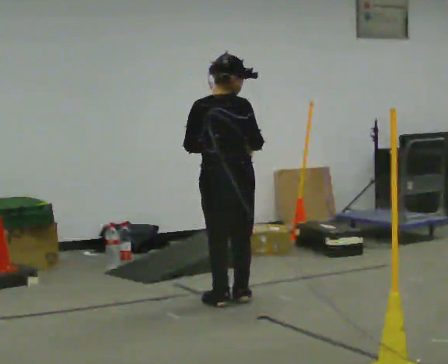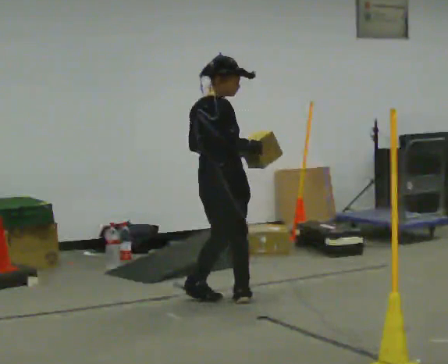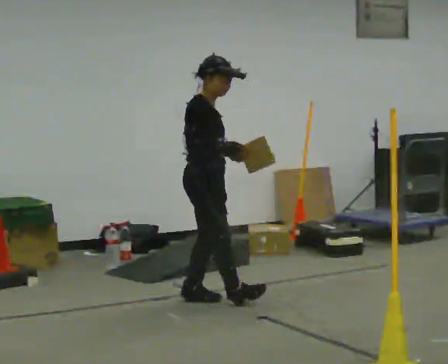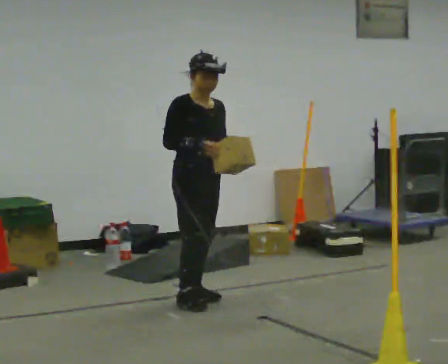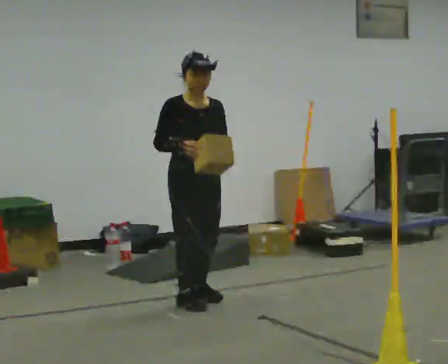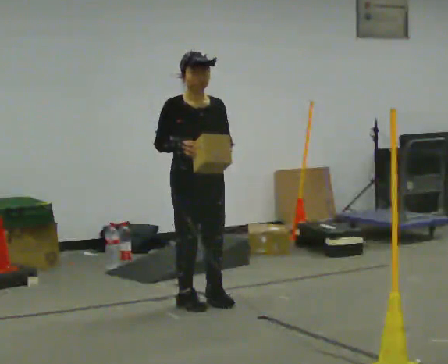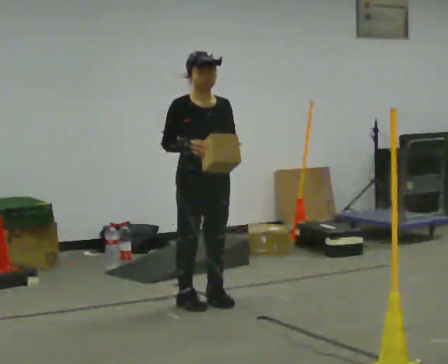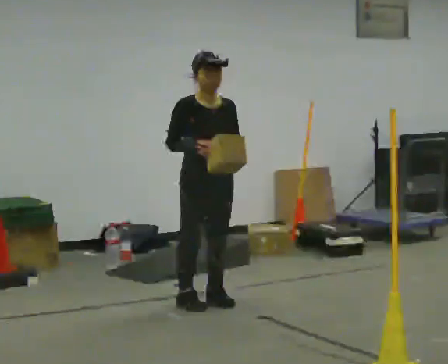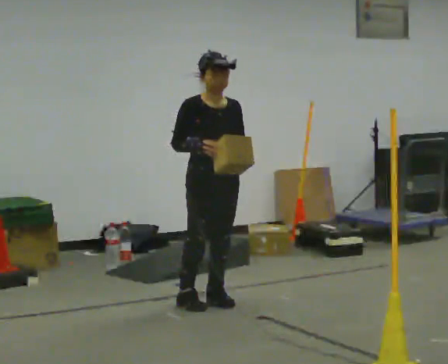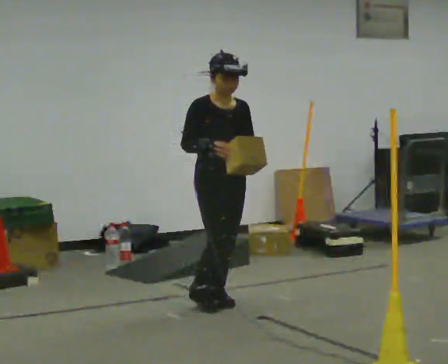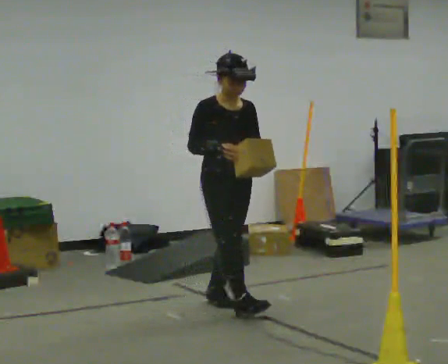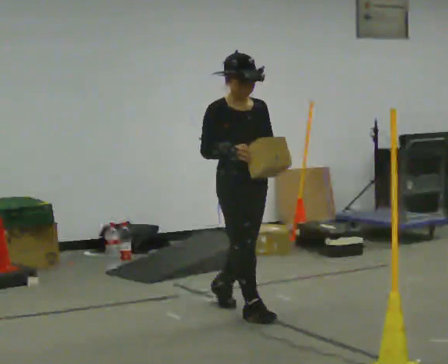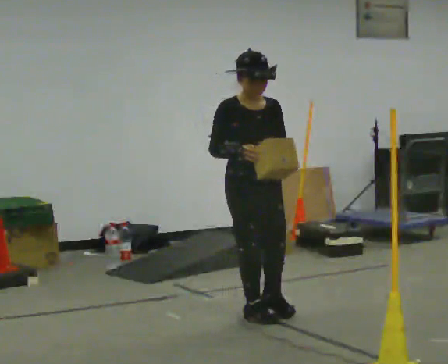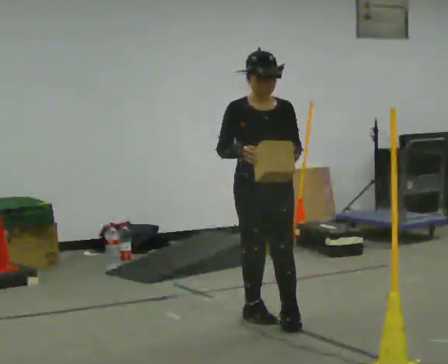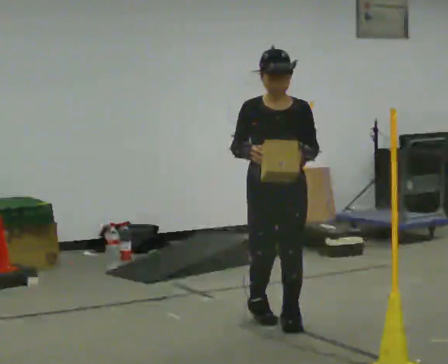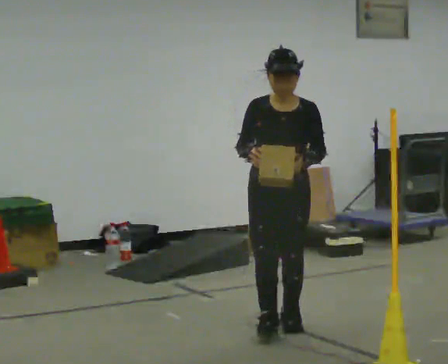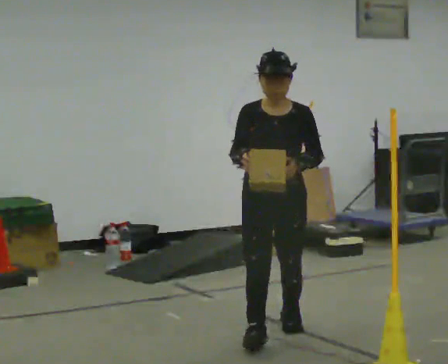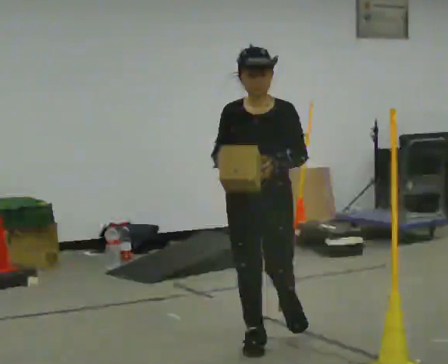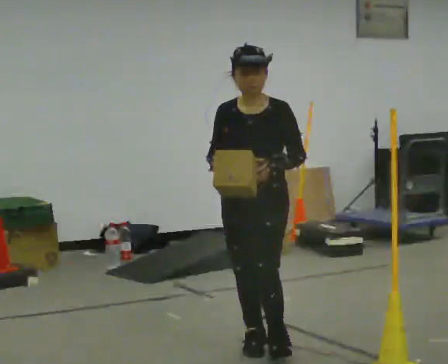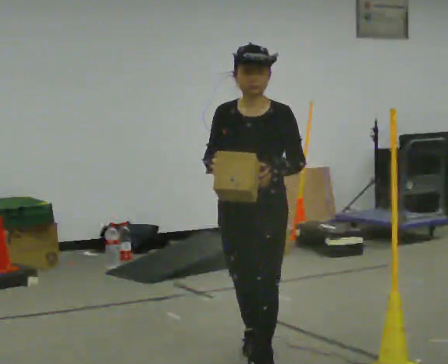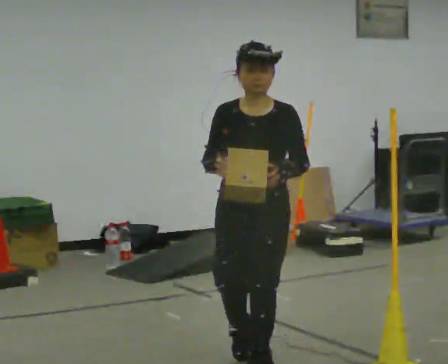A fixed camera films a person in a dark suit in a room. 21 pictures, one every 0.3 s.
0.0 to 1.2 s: Seen from above the body turns clockwise, about 135 degrees: to their right, with its near side sliding to the left. In the picture they go to the left, about 0.25 m in 2 steps. In the picture their right hand goes to the left.
1.2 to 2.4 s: The person moves a little, or ends about where they began.
2.4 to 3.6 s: In the picture they go toward the camera and to the right, about 0.5 m in 1 step, which for them is forward.
3.6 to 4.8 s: The part of the body nearest the lens slides to the left as the person turns to their right by about 30 degrees. In the picture they go toward the camera, about 0.5 m in 2 steps, which for them is forward.
4.8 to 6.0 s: In the picture they go toward the camera, about 0.75 m in 1 step, which for them is forward.
The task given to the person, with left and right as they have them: Carry the box across the room. The operator will step into your path partway across, so go around them and carry on. Keep going until the operator says stop; one object at a time, and do not rush between trips.
The film runs forward here.
